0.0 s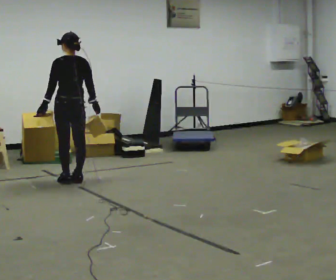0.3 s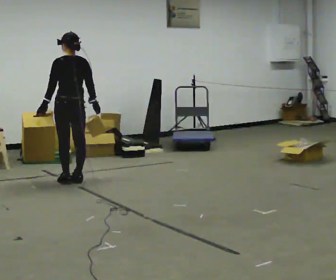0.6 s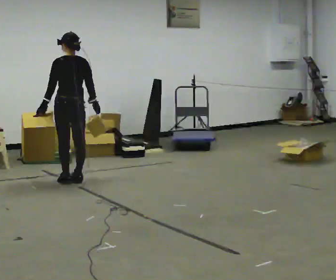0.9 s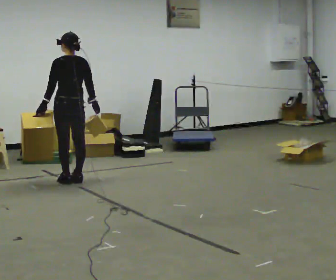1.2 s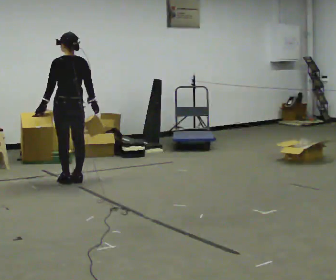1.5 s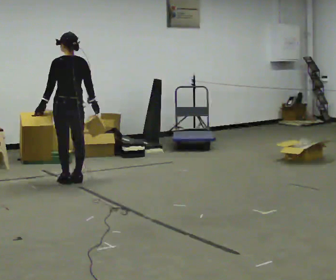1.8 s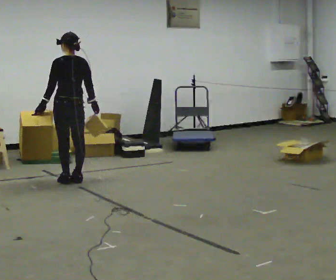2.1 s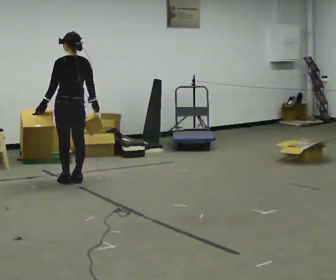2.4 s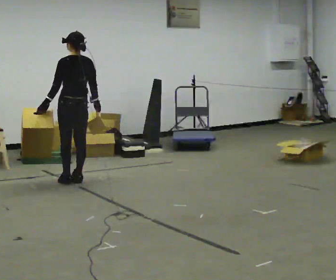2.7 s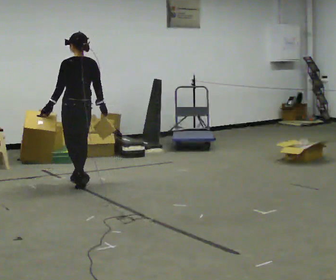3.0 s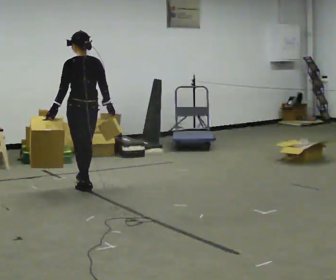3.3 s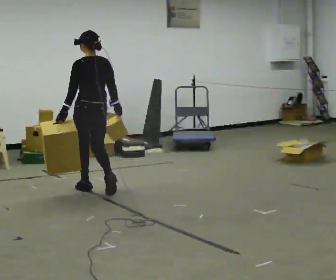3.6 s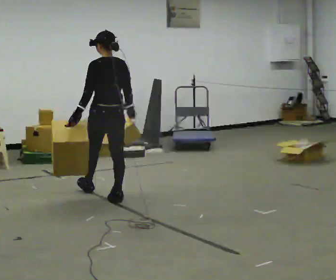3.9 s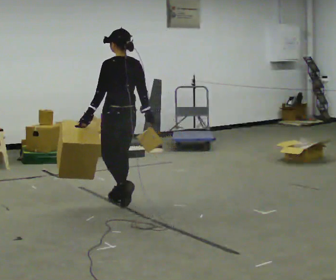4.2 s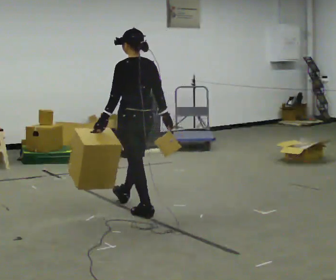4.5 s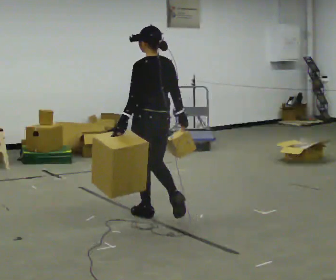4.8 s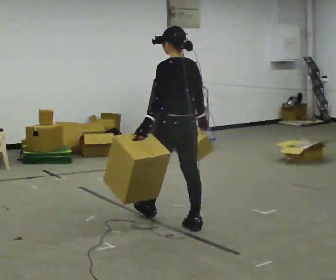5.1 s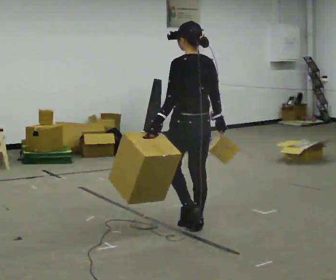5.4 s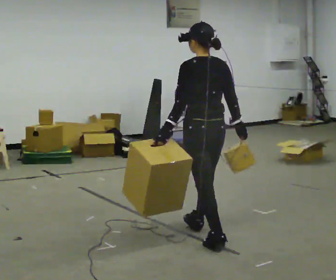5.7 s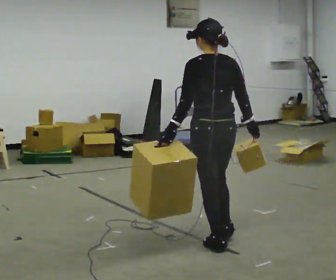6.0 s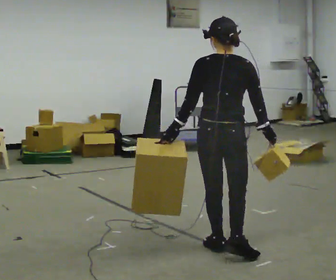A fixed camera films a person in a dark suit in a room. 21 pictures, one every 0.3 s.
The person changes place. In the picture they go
toward the camera.
0.0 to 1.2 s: The person keeps their place and pose.
1.2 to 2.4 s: The person moves a little, or ends about where they began.
2.4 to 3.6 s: In the picture they go toward the camera and to the right, about 0.5 m in 2 steps, which for them is backward.
3.6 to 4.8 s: In the picture they go toward the camera and to the right, about 1 m in 2 steps, which for them is backward.
4.8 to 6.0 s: The person turns about 30 degrees to their right, clockwise seen from above, so the part of the body nearest the lens slides to the left. In the picture they go toward the camera, about 0.5 m in 1 step, which for them is backward.
The film runs backward here.
